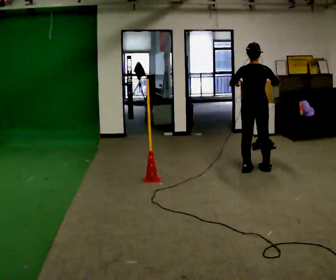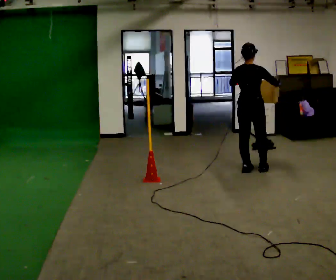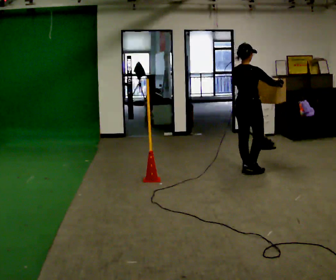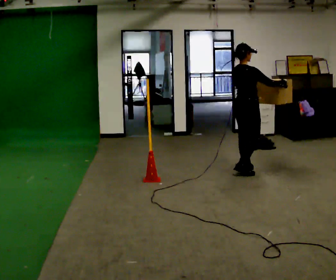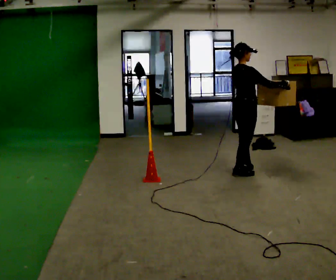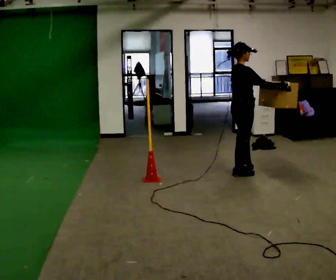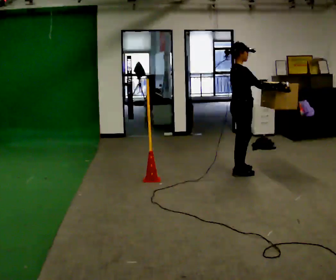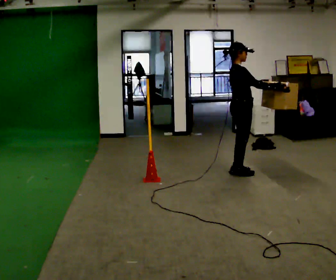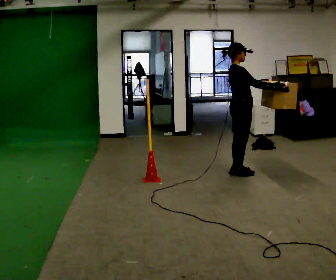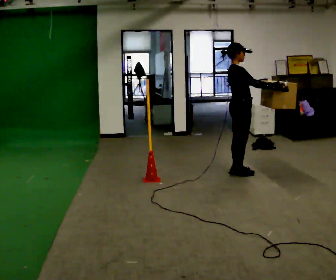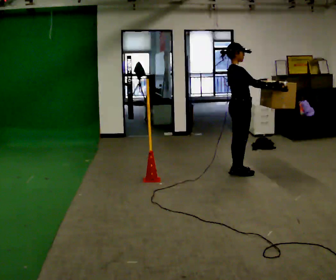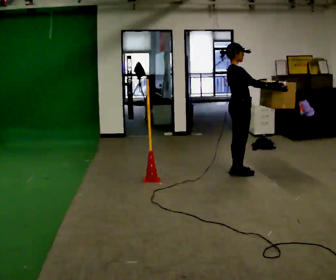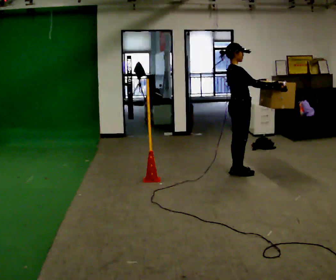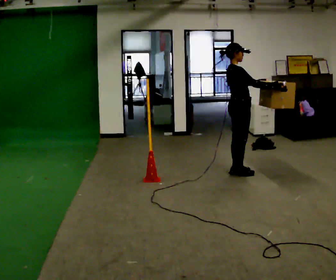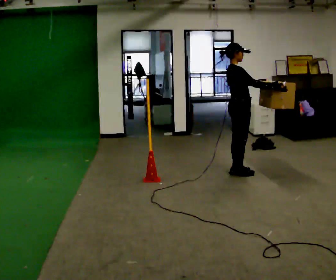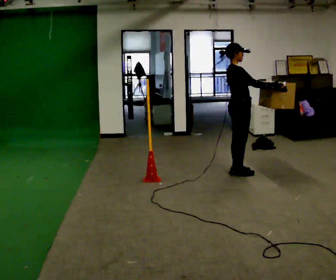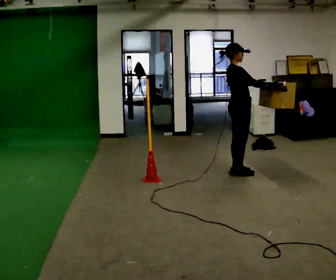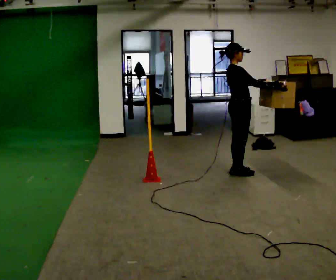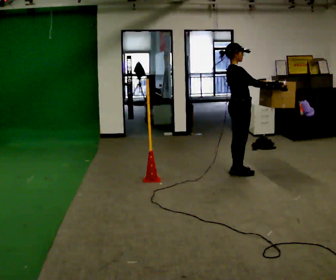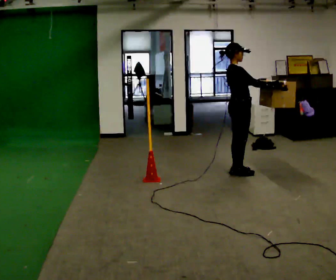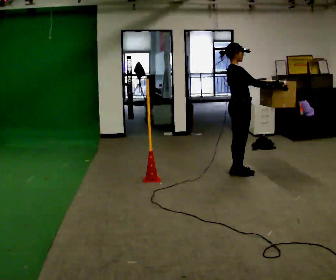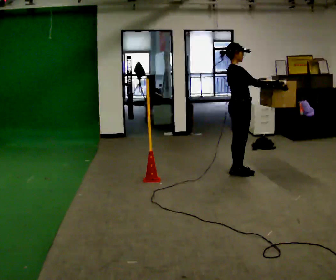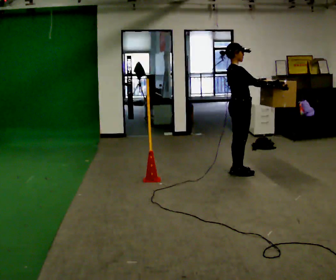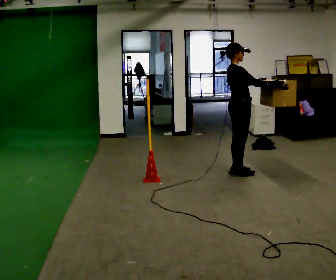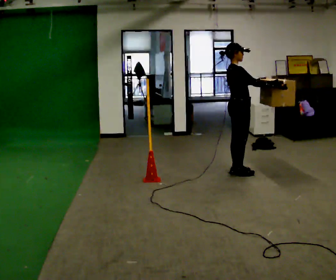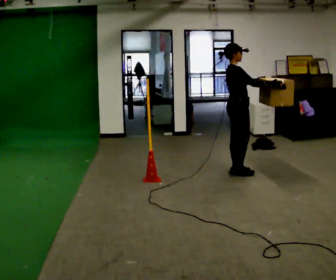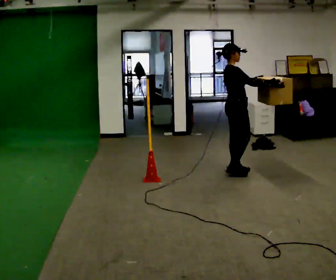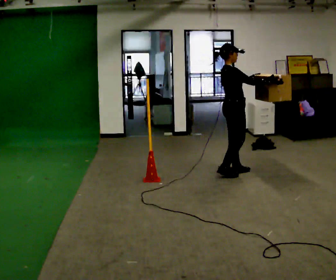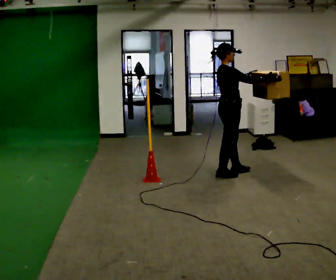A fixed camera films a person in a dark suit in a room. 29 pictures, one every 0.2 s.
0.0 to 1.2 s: The part of the body nearest the lens slides to the left as the person turns to their right by about 75 degrees. In the picture they go to the left and toward the camera, about 0.25 m in 2 steps.
1.2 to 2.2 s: The person moves a little, or ends about where they began.
2.2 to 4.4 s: The person keeps their place and pose.
4.4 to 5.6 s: The person moves a little, or ends about where they began.
The film runs backward here.
